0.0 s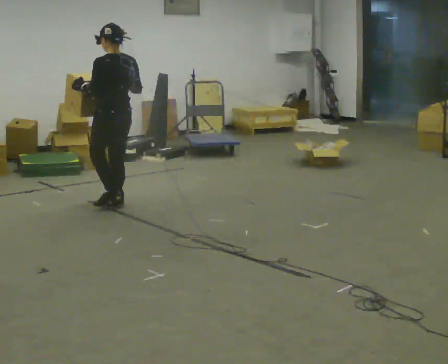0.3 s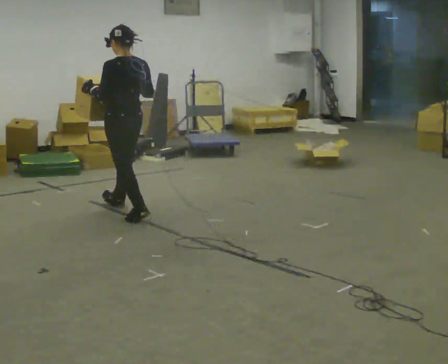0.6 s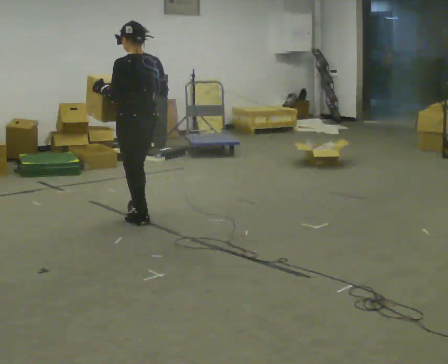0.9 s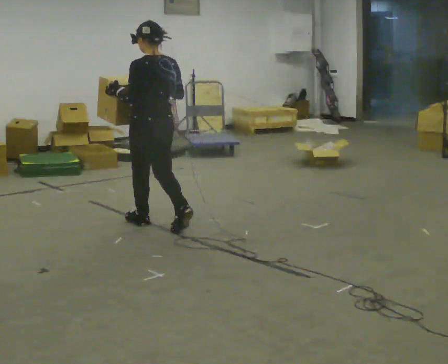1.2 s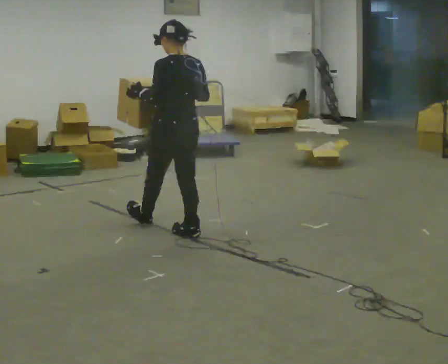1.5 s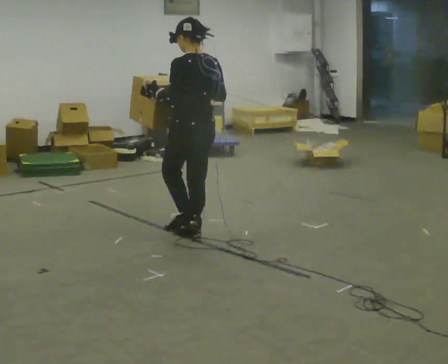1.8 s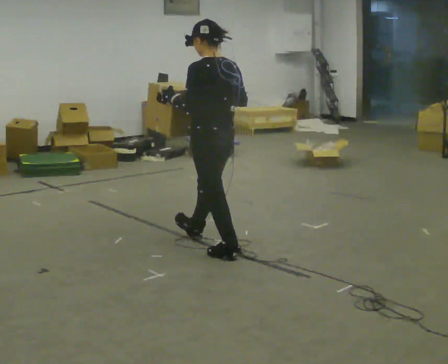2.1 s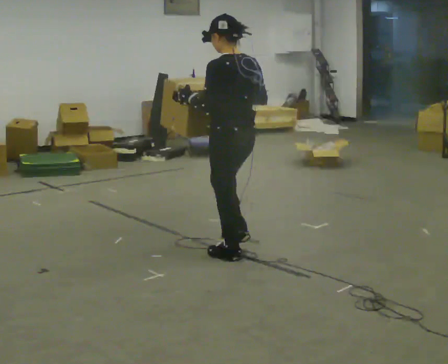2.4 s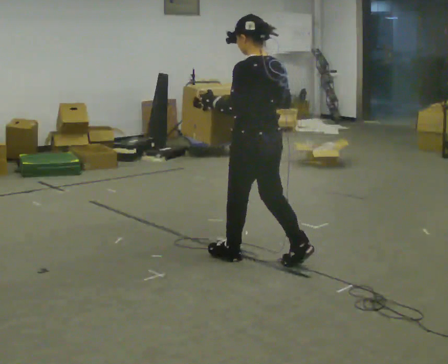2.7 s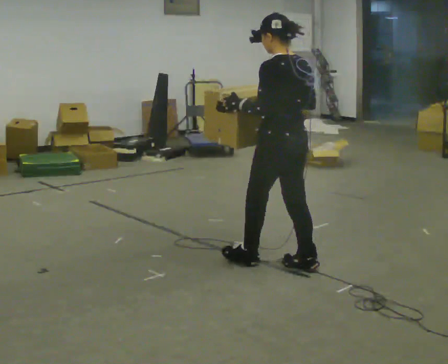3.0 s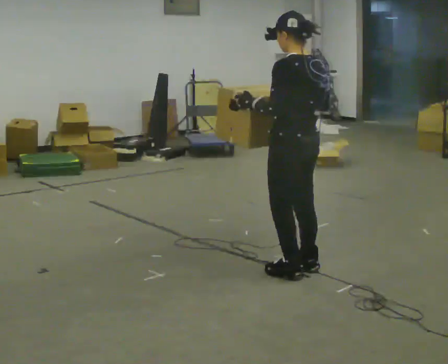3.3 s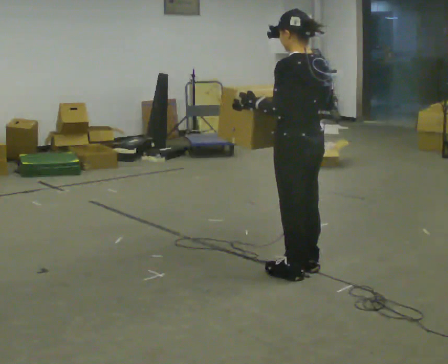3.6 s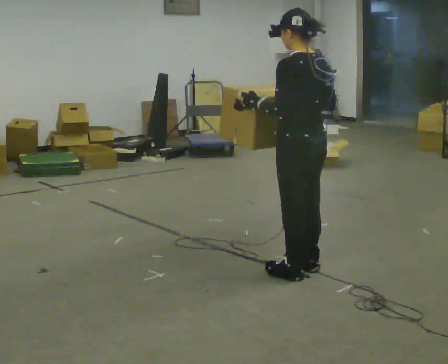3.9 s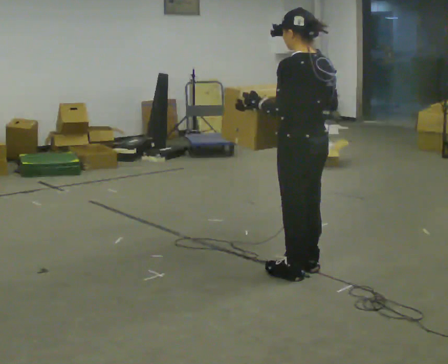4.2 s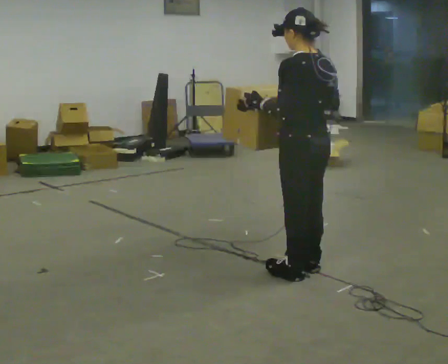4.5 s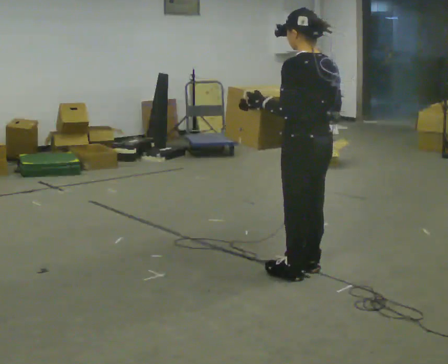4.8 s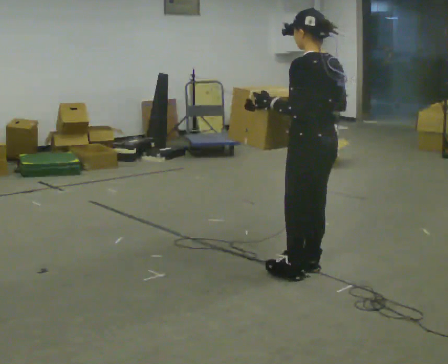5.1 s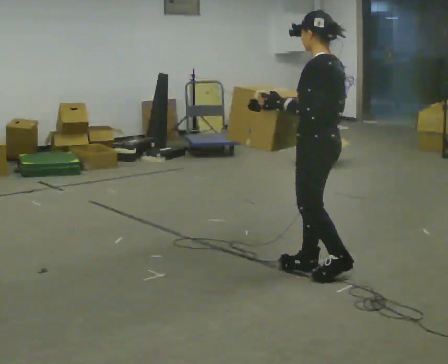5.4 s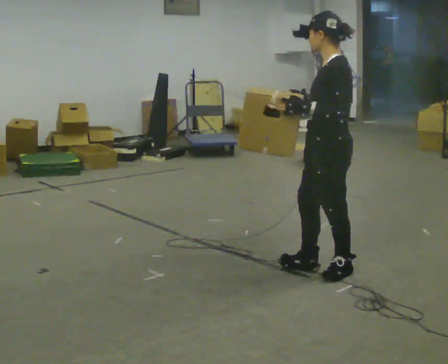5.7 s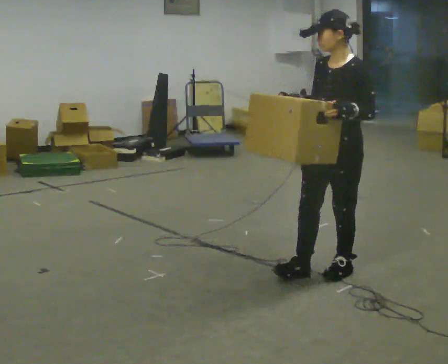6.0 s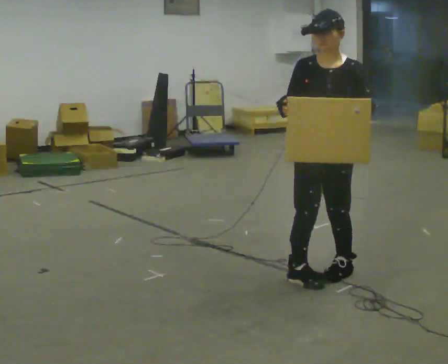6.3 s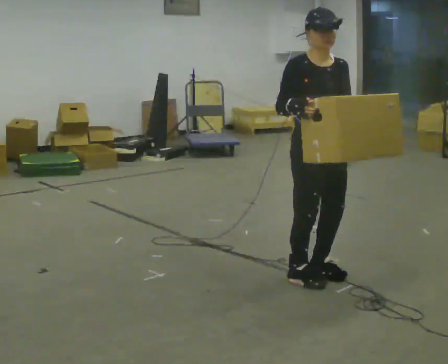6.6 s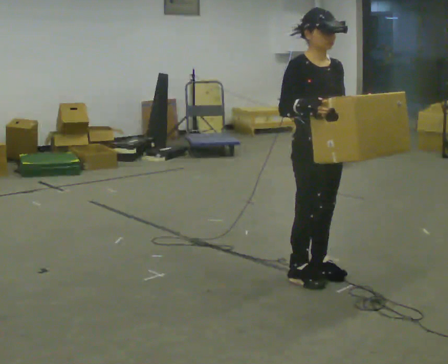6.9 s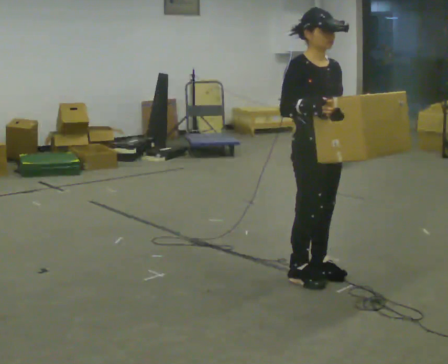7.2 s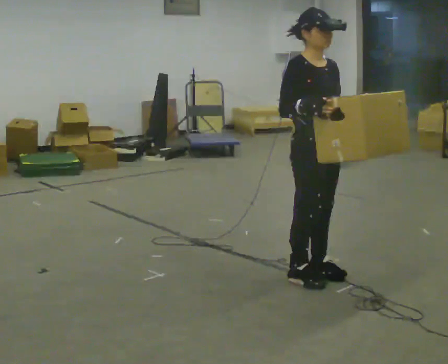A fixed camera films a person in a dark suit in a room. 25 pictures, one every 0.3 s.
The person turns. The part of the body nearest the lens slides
to the right.
The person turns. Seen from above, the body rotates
counterclockwise.
0.0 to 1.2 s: In the picture they go toward the camera and to the right, about 1 m in 2 steps, which for them is backward.
1.2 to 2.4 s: In the picture they go toward the camera and to the right, about 1 m in 1 step, which for them is backward.
2.4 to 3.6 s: In the picture they go to the right and toward the camera, about 0.25 m in 1 step, which for them is backward.
3.6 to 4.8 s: The person moves a little, or ends about where they began.
4.8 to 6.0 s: The person turns about 120 degrees to their left, counterclockwise seen from above, so the part of the body nearest the lens slides to the right.
6.0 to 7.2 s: The person turns about 60 degrees to their left, counterclockwise seen from above, so the part of the body nearest the lens slides to the right.
The film runs backward here.
